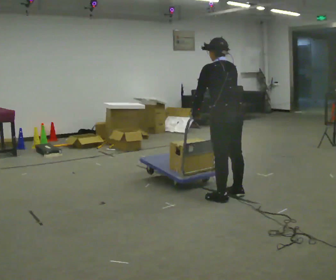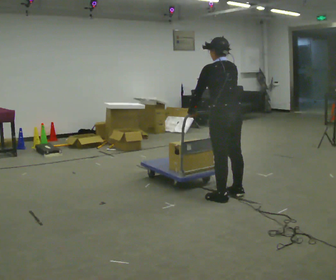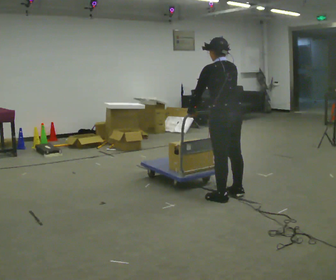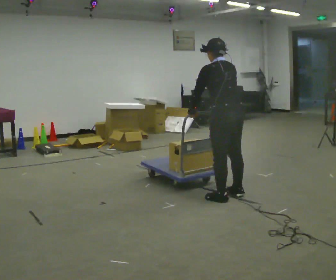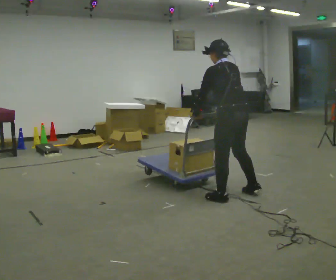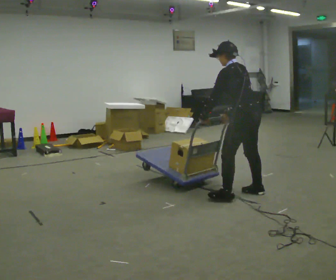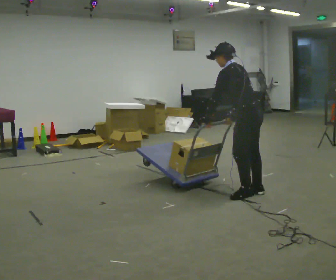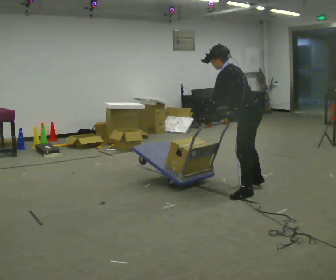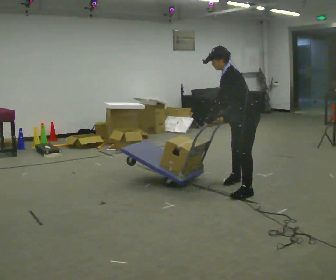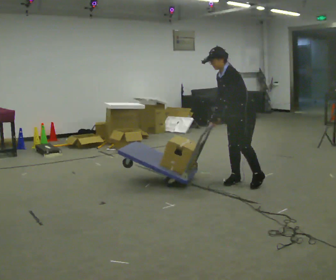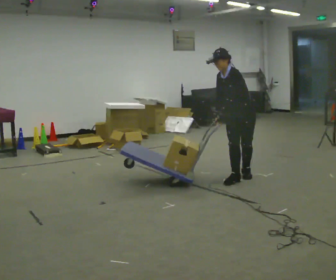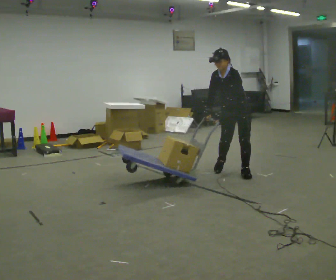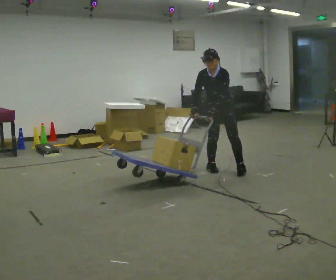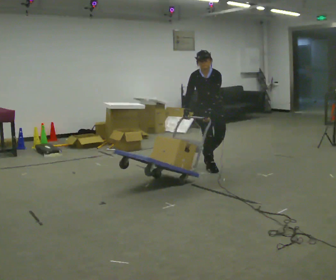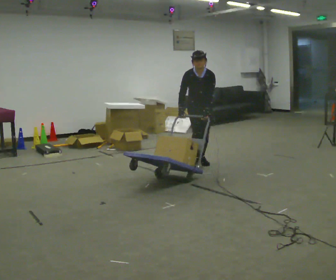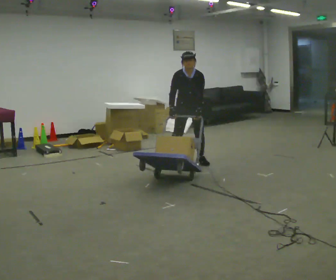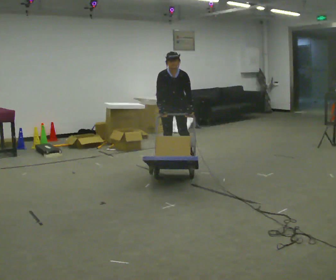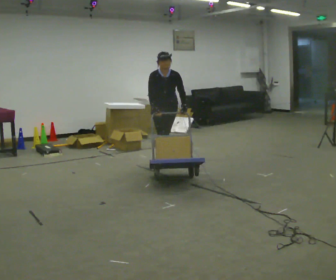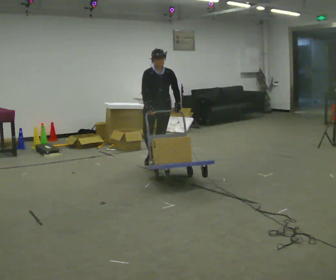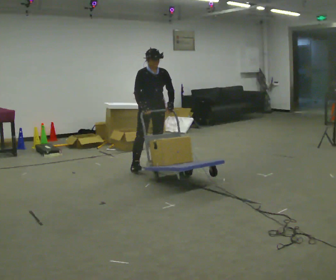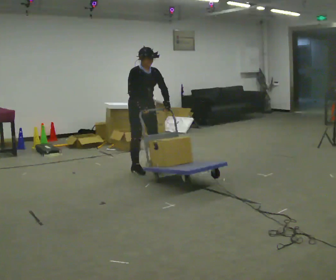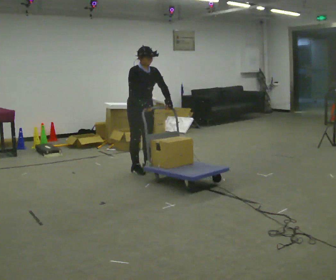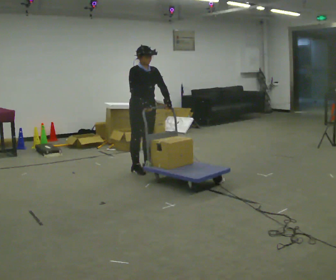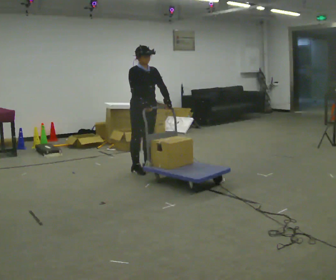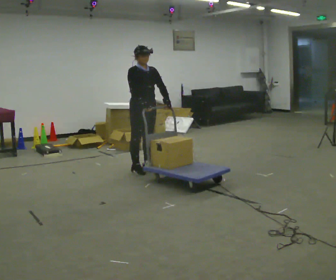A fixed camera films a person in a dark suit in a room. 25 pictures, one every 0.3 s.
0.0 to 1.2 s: The person moves a little, or ends about where they began.
1.2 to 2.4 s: The part of the body nearest the lens slides to the right as the person turns to their left by about 60 degrees. In the picture they go away from the camera, about 0.25 m in 2 steps, which for them is to their right. In the picture the upper body tilts counterclockwise, shoulders to the left.
2.4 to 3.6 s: The person turns about 75 degrees to their left, counterclockwise seen from above, so the part of the body nearest the lens slides to the right. In the picture they go away from the camera and to the left, about 1 m in 3 steps. The upper body tips toward the camera, its near side rolling downward.
3.6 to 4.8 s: In the picture they go to the left and away from the camera, about 1 m in 2 steps, which for them is to their right and backward. In the picture the upper body tilts clockwise, shoulders to the right.
4.8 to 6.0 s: Seen from above the body turns counterclockwise, about 30 degrees: to their left, with its near side sliding to the right. In the picture they go toward the camera and to the left, about 0.5 m in 2 steps, which for them is to their right and forward. The upper body tips away from the camera, its near side rolling upward, as they lean back or straighten.
6.0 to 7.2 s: The person moves a little, or ends about where they began.
The film runs backward here.
